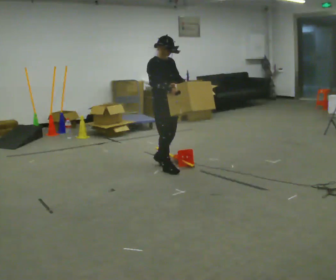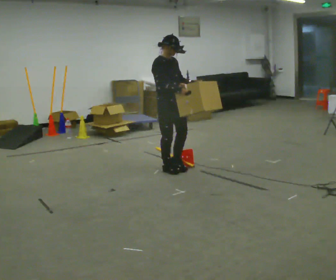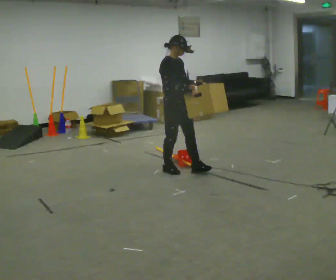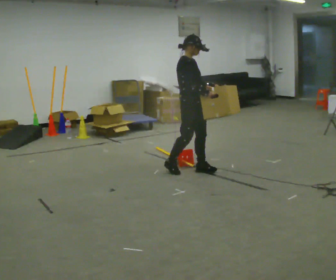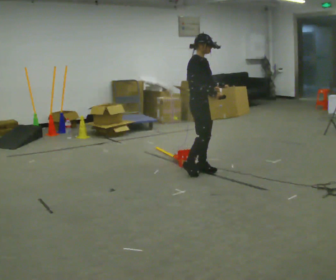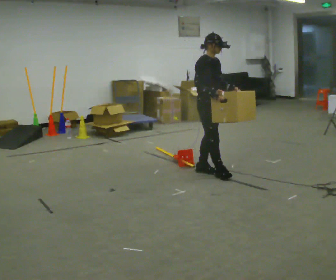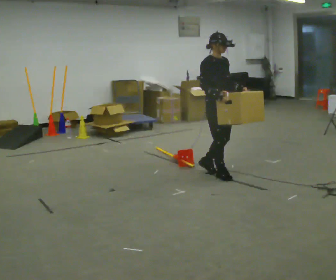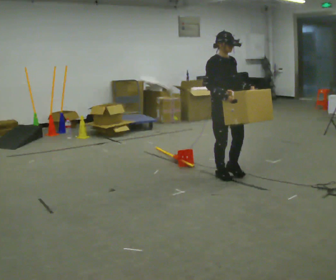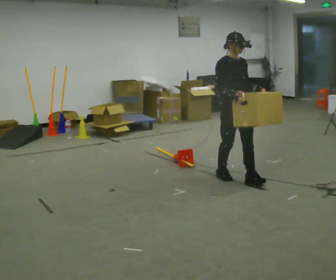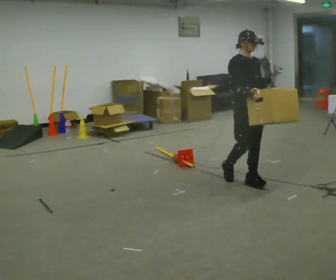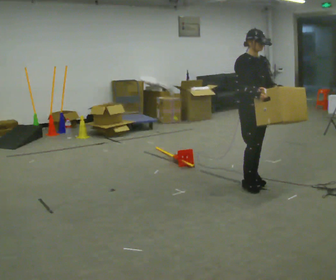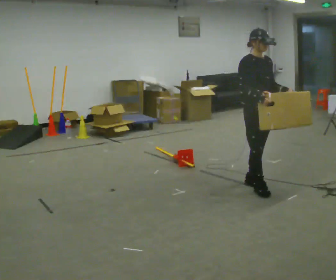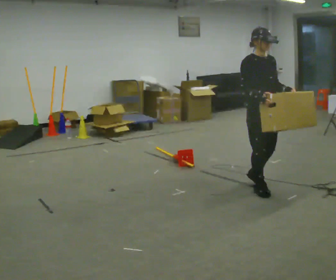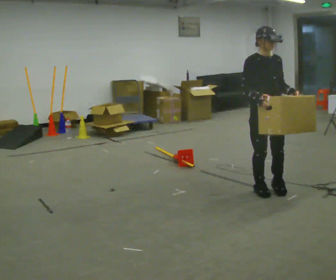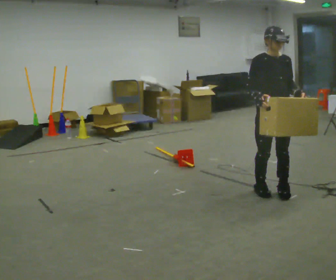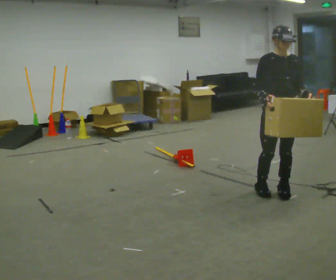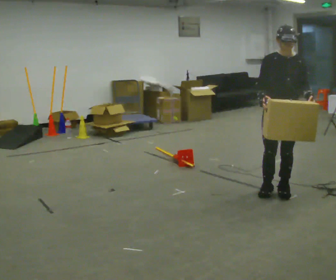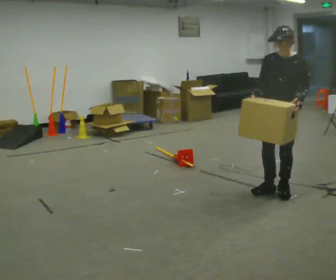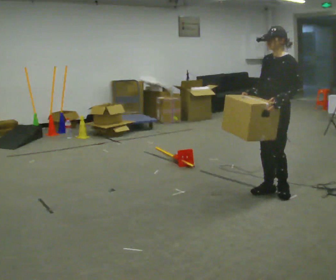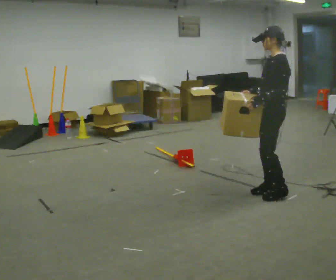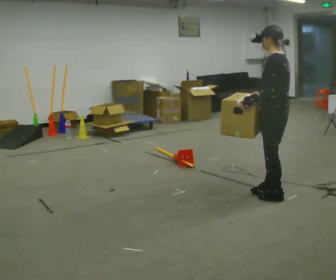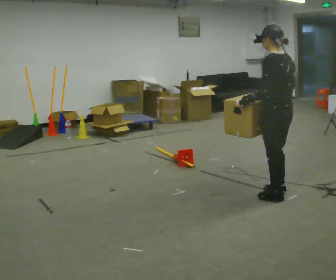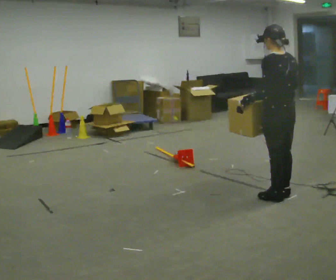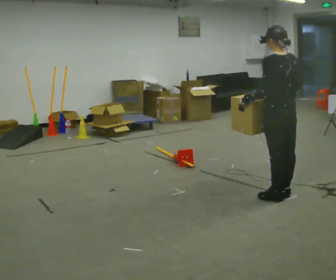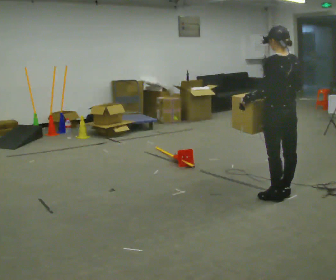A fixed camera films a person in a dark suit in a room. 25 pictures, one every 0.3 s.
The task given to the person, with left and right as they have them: Walk toward obstacle; alter path to avoid it; continue toward original destination.
0.0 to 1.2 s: In the picture they go to the right, about 0.5 m in 1 step, which for them is forward.
1.2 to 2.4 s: The part of the body nearest the lens slides to the left as the person turns to their right by about 30 degrees. In the picture they go to the right and toward the camera, about 0.5 m in 2 steps, which for them is forward.
2.4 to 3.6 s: In the picture they go toward the camera and to the right, about 0.5 m in 1 step, which for them is forward.
3.6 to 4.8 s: The person turns about 45 degrees to their right, clockwise seen from above, so the part of the body nearest the lens slides to the left. In the picture they go to the right, about 0.25 m in 1 step, which for them is forward and to their left.
4.8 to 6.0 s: The person turns about 105 degrees to their right, clockwise seen from above, so the part of the body nearest the lens slides to the left.
6.0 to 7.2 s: Seen from above the body turns clockwise, about 30 degrees: to their right, with its near side sliding to the left.
The film runs forward here.
